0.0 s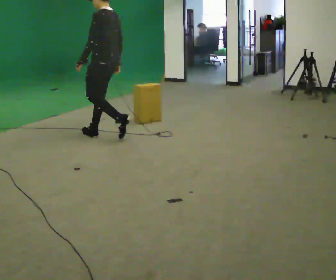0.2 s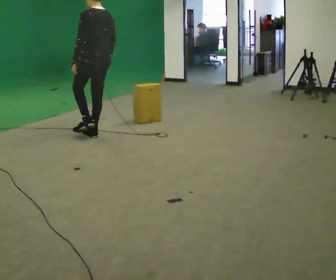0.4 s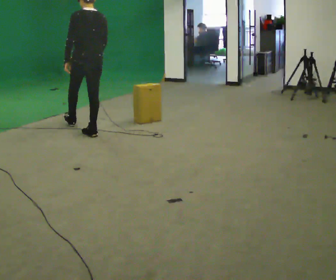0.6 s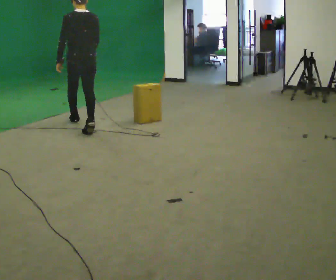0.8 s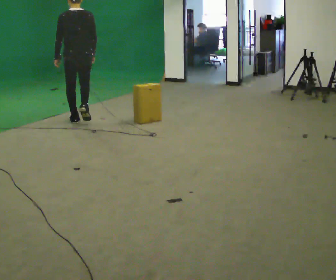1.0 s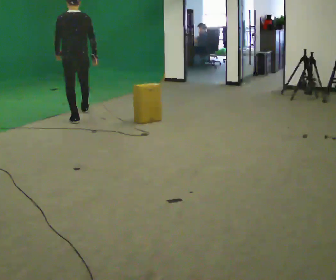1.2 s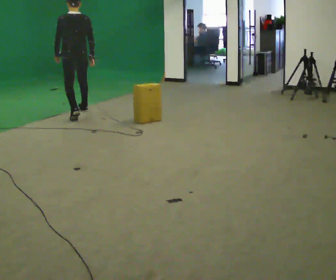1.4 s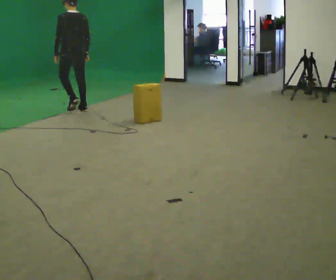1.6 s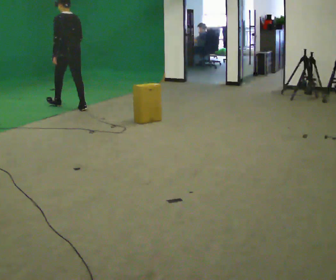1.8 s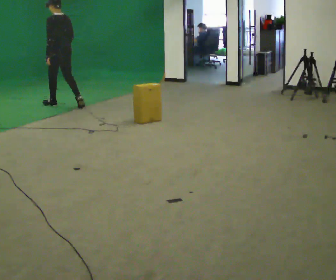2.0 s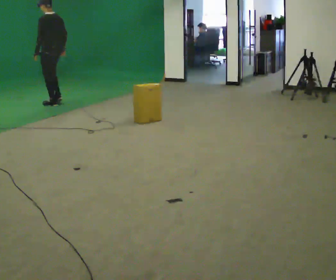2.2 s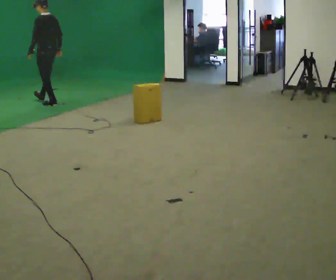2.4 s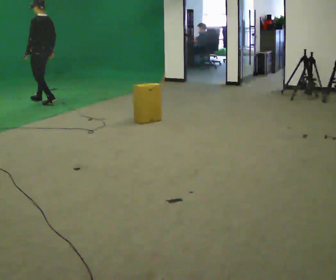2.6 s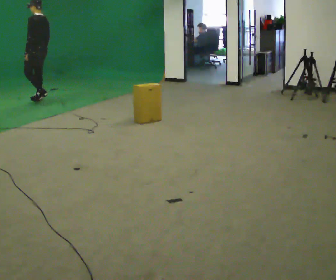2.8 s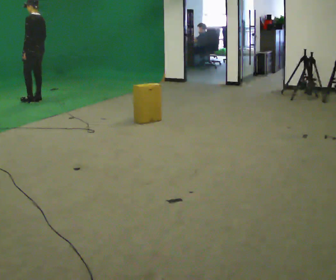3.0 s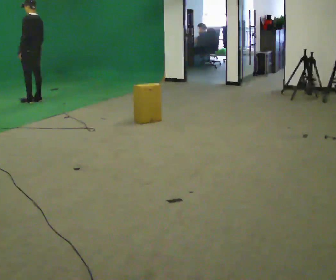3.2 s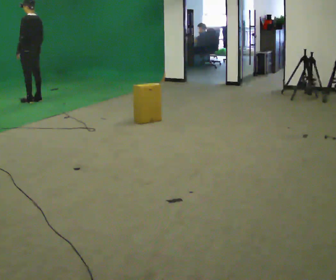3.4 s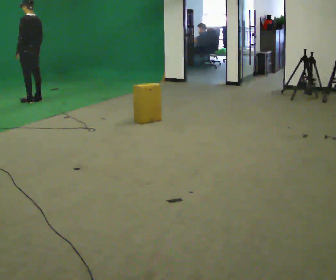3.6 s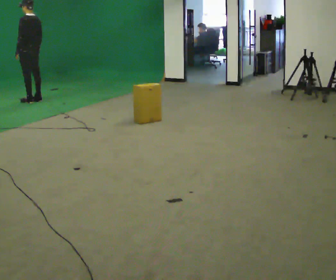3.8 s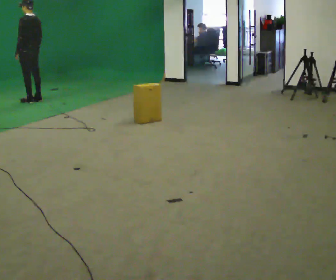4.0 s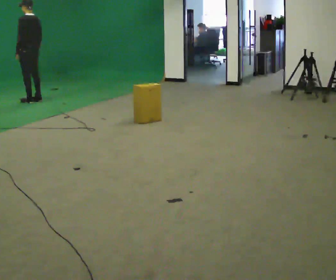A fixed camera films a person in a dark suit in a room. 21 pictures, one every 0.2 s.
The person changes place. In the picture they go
away from the camera.
0.0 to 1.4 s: The person turns about 30 degrees to their right, clockwise seen from above, so the part of the body nearest the lens slides to the left. In the picture they go away from the camera, about 1.5 m in 2 steps, which for them is forward.
1.4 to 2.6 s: The person turns about 30 degrees to their left, counterclockwise seen from above, so the part of the body nearest the lens slides to the right. In the picture they go away from the camera and to the left, about 1 m in 2 steps, which for them is forward.
2.6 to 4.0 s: The person moves a little, or ends about where they began.
The film runs forward here.
